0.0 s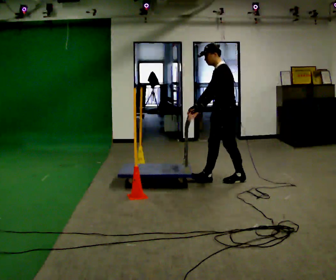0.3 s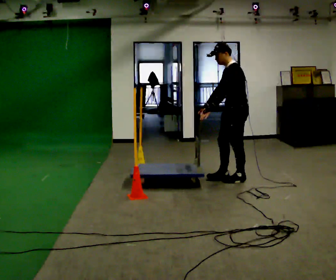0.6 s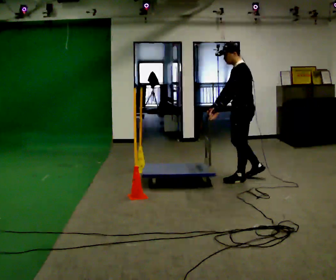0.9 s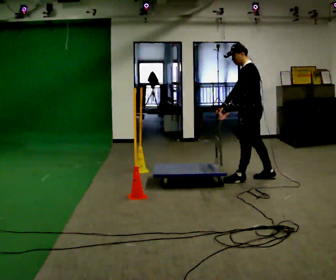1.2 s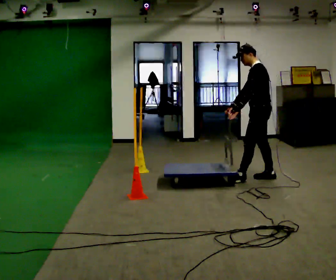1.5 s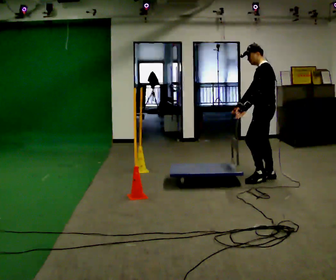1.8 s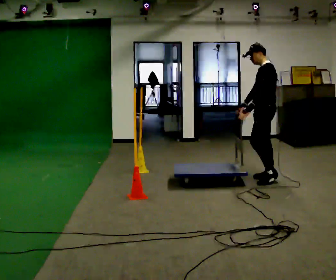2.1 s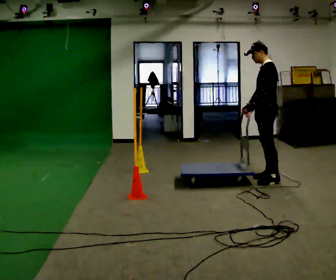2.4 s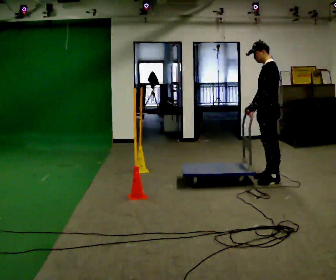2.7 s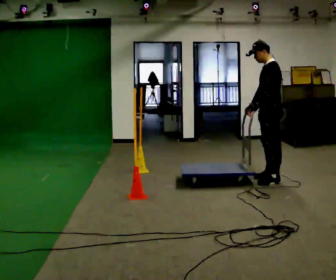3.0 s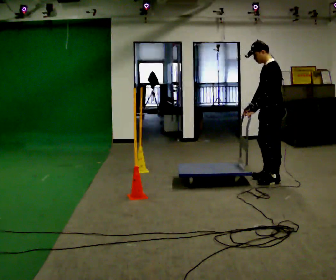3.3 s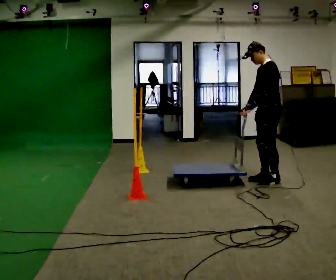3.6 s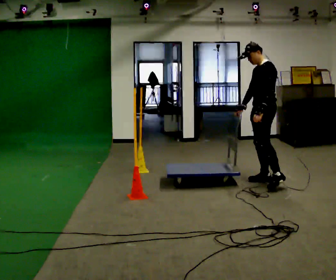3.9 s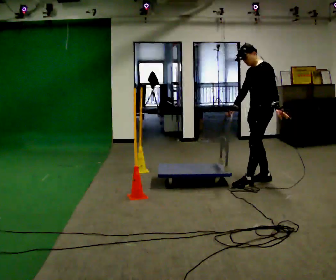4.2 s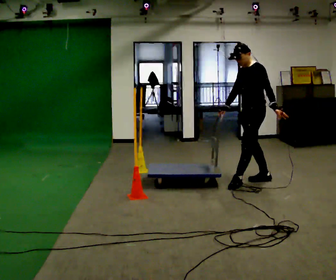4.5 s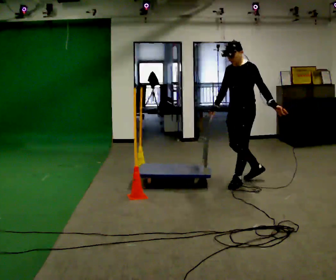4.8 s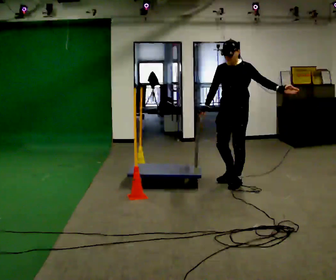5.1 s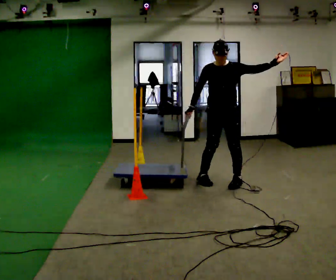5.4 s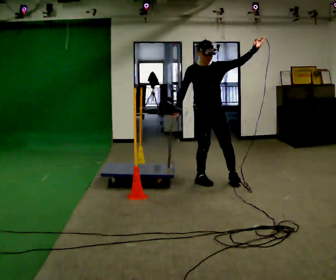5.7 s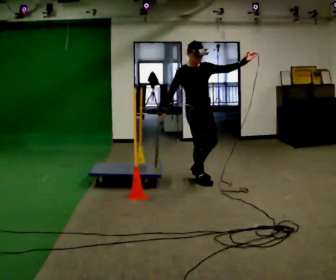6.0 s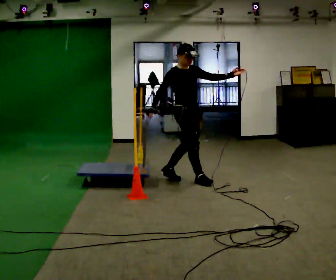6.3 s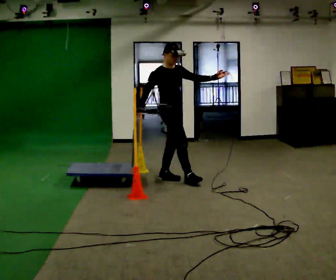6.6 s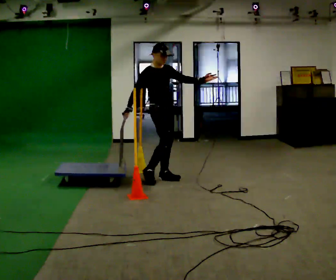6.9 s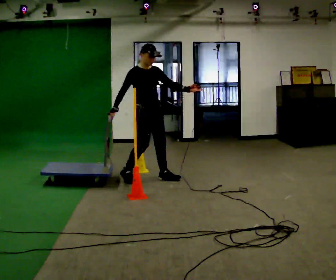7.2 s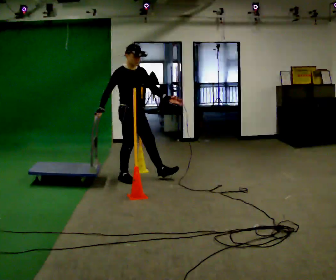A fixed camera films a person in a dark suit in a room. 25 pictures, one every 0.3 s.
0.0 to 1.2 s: In the picture they go to the right, about 0.5 m in 1 step, which for them is backward.
1.2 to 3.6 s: The person moves a little, or ends about where they began.
3.6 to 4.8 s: The part of the body nearest the lens slides to the right as the person turns to their left by about 45 degrees. In the picture they go to the left, about 0.5 m in 1 step, which for them is forward.
4.8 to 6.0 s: The person turns about 105 degrees to their left, counterclockwise seen from above, so the part of the body nearest the lens slides to the right. In the picture they go to the left, about 0.75 m in 1 step.
6.0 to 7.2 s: In the picture they go to the left, about 0.75 m in 2 steps, which for them is backward and to their right.
The film runs backward here.
